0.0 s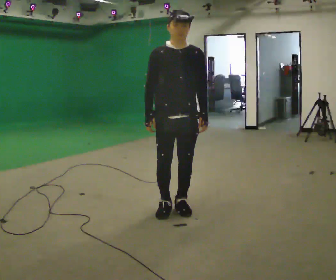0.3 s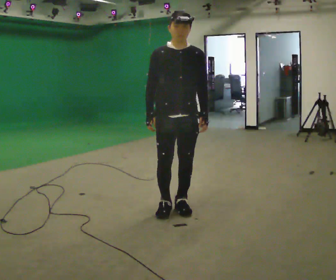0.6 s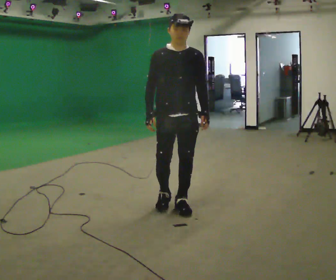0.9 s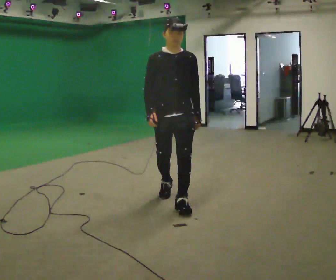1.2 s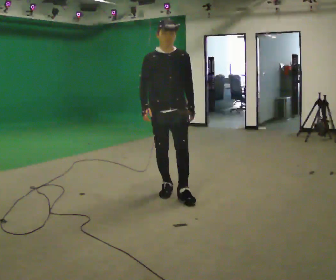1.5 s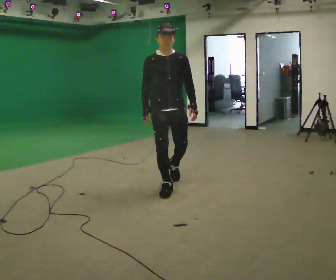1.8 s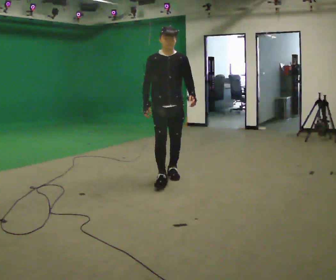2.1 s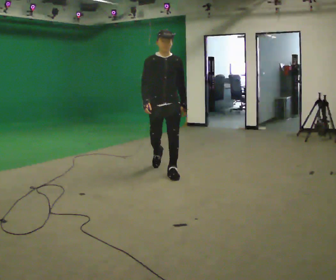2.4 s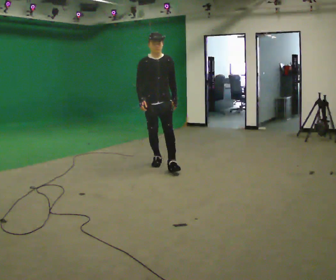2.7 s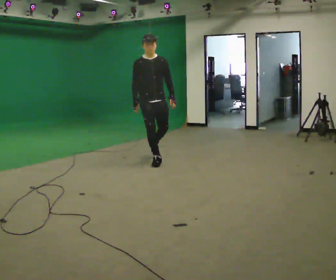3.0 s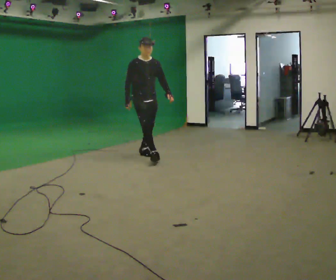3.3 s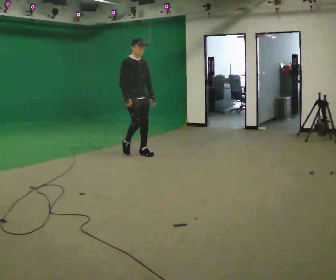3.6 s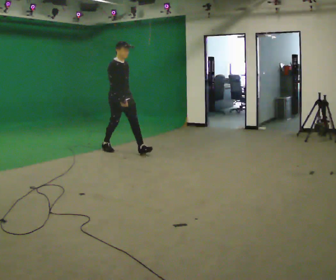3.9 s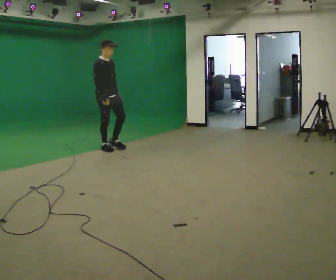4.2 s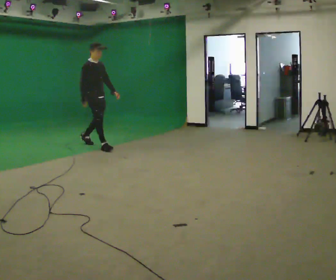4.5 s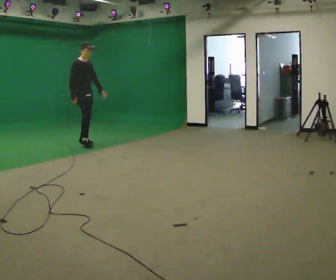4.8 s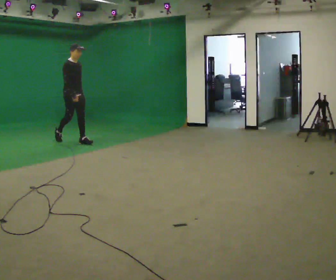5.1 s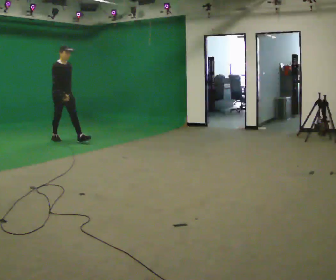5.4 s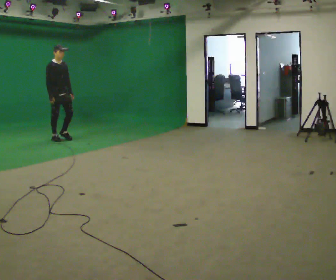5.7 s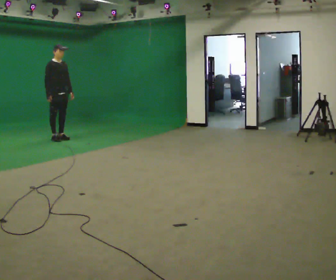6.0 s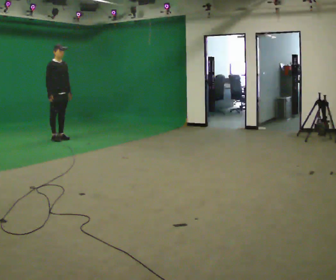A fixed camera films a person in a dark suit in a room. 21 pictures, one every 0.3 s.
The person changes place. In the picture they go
away from the camera.
0.0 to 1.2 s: In the picture they go away from the camera, about 0.5 m in 2 steps, which for them is backward.
1.2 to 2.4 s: In the picture they go away from the camera, about 1 m in 2 steps, which for them is backward.
2.4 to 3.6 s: The part of the body nearest the lens slides to the right as the person turns to their left by about 45 degrees. In the picture they go away from the camera and to the left, about 1 m in 2 steps, which for them is backward.
3.6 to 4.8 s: In the picture they go to the left and away from the camera, about 1 m in 1 step, which for them is backward.
4.8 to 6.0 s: In the picture they go to the left and away from the camera, about 0.5 m in 1 step, which for them is backward.
The film runs backward here.
